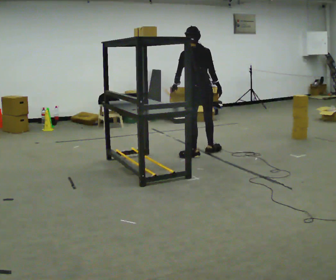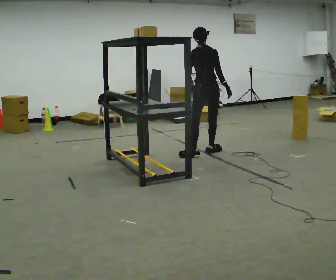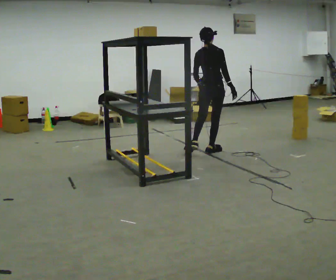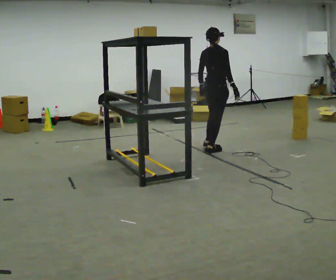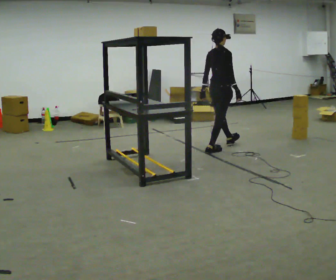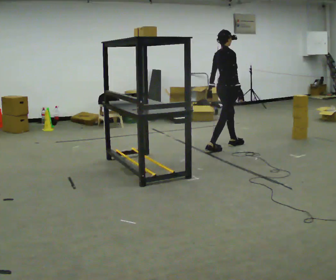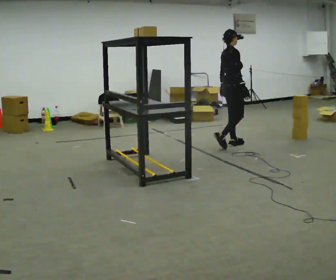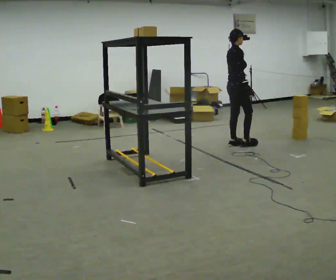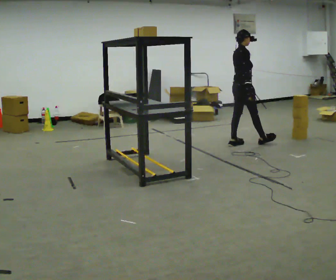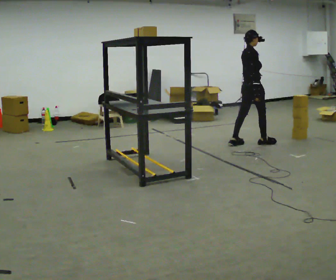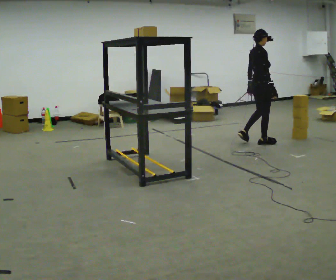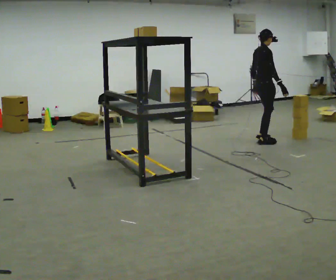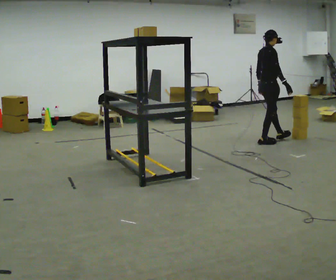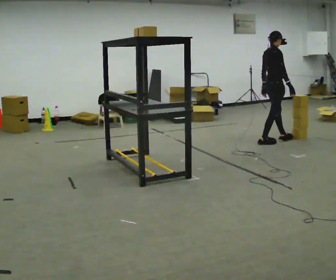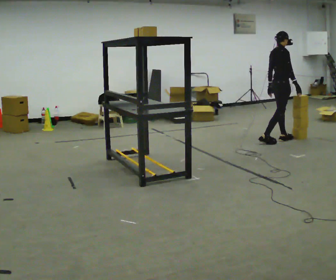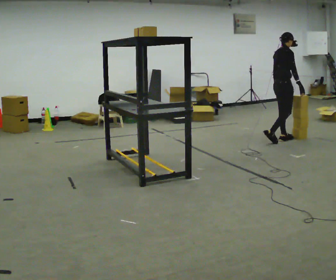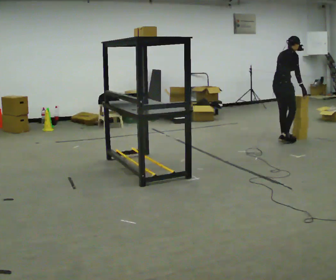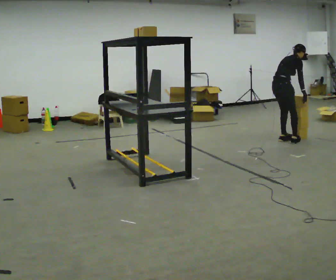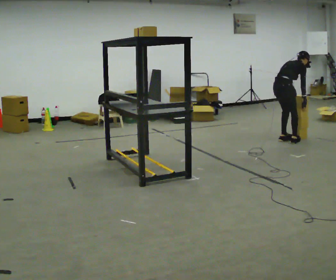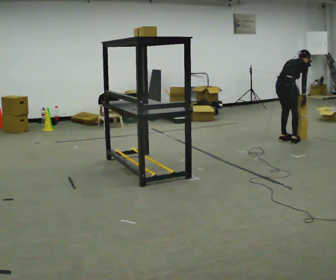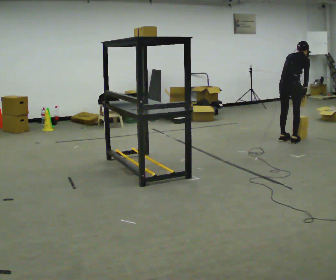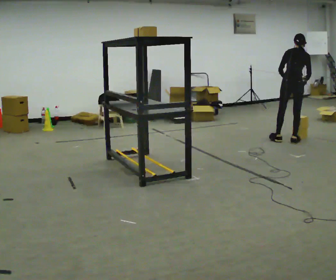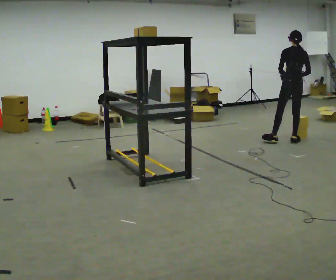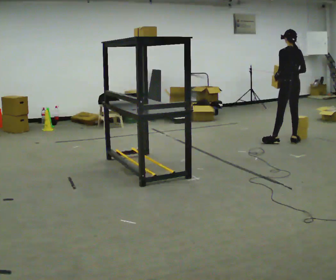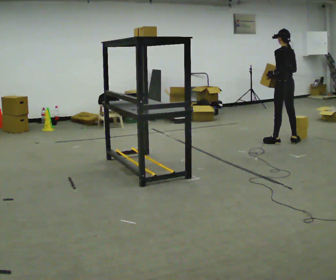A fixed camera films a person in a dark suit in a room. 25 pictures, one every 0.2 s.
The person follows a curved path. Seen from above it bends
clockwise.
0.0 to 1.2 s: The part of the body nearest the lens slides to the left as the person turns to their right by about 90 degrees. In the picture they go away from the camera and to the right, about 0.75 m in 1 step.
1.2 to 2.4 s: In the picture they go to the right, about 0.5 m in 1 step, which for them is forward.
2.4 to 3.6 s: In the picture they go to the right, about 0.25 m in 2 steps, which for them is forward. The upper body goes downward. In the picture the upper body tilts clockwise, shoulders to the right, as they bend forward.
3.6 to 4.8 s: Seen from above the body turns counterclockwise, about 90 degrees: to their left, with its near side sliding to the right. The upper body goes upward. In the picture the upper body tilts counterclockwise, shoulders to the left, as they lean back or straighten. In the picture their right hand goes to the left and upward.
The film runs forward here.
